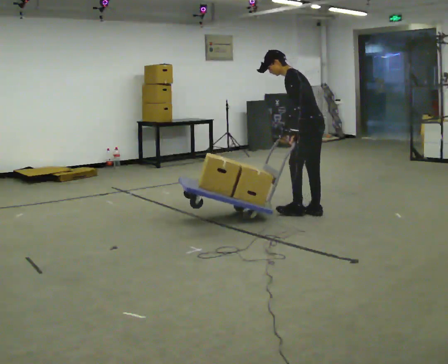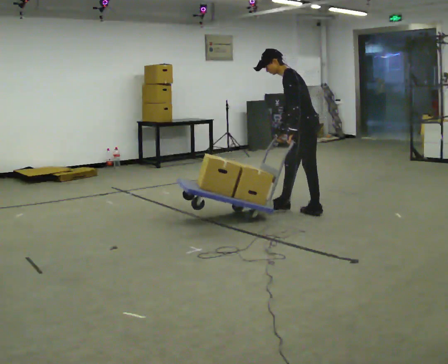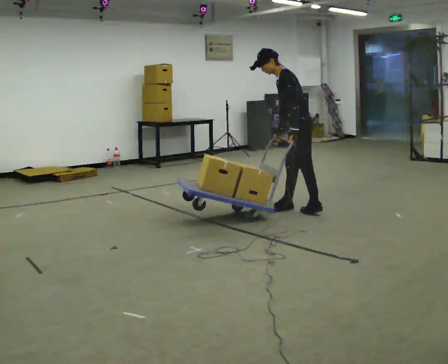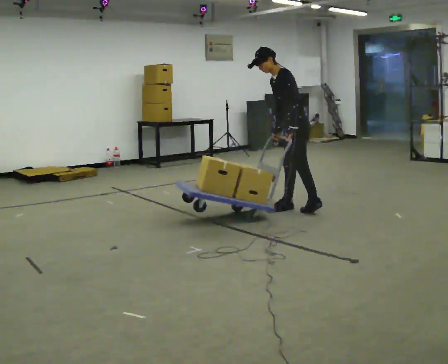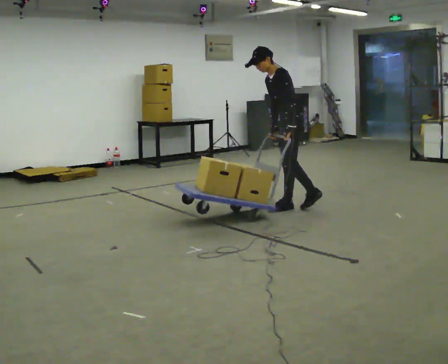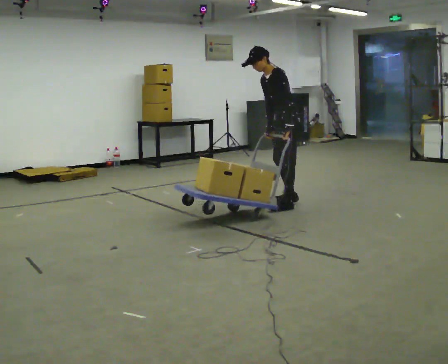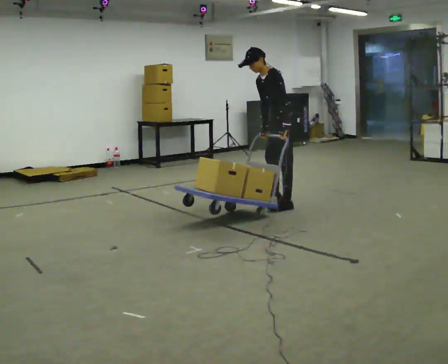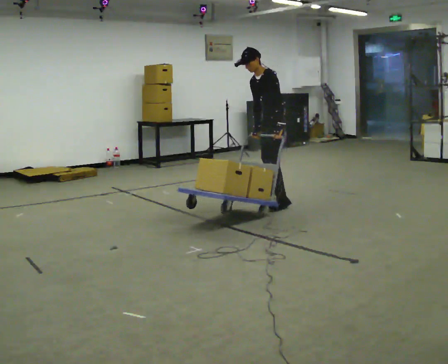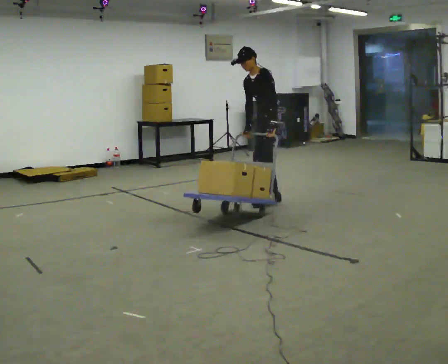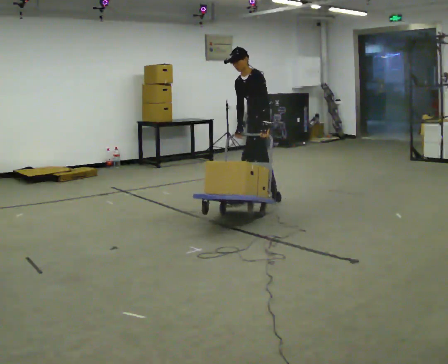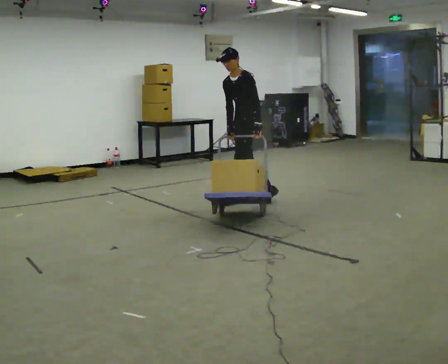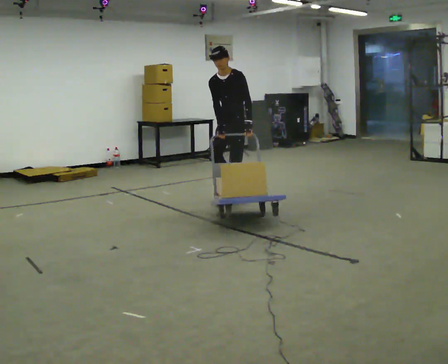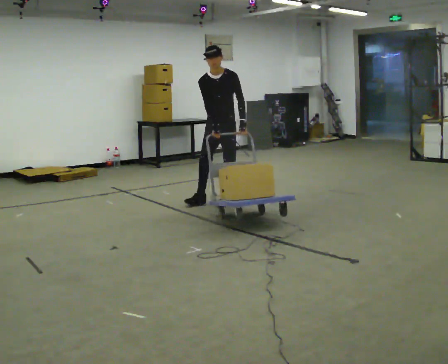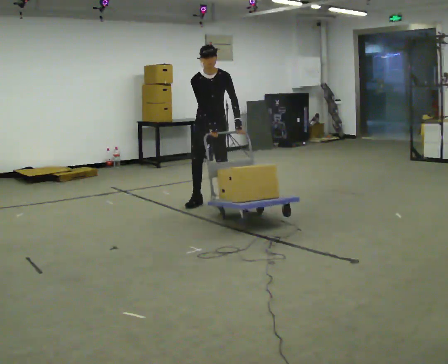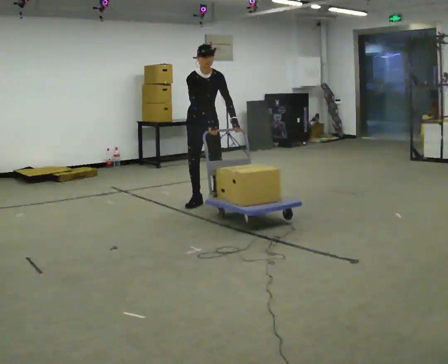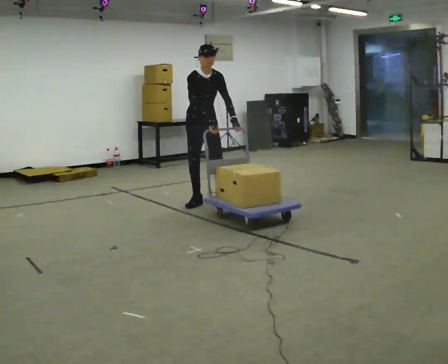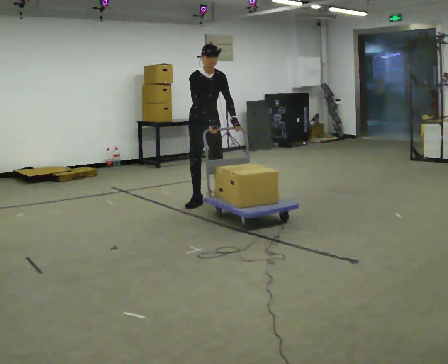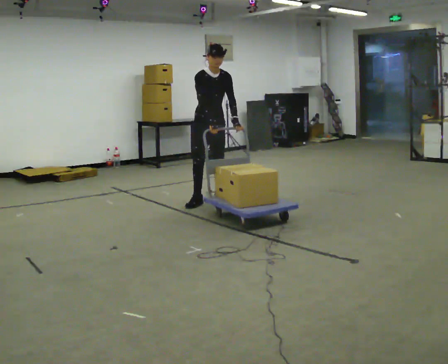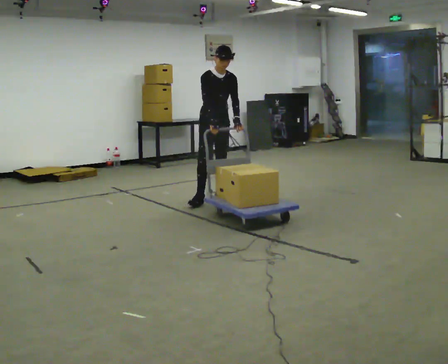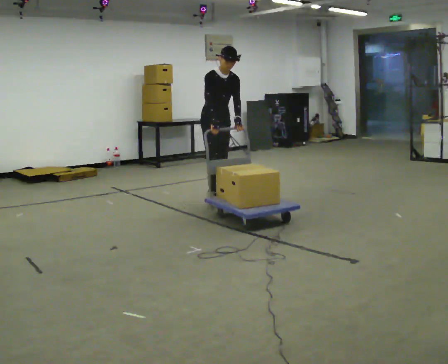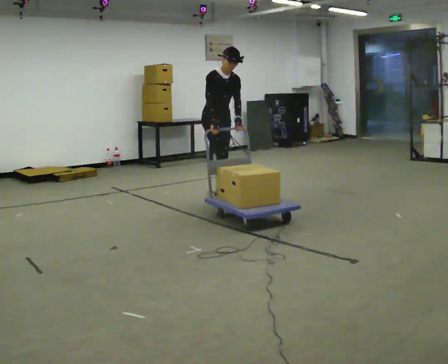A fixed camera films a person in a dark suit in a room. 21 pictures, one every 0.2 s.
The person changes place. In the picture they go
to the left.
The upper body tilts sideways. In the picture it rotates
clockwise.
0.0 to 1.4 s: The part of the body nearest the lens slides to the right as the person turns to their left by about 45 degrees. In the picture they go away from the camera and to the left, about 0.5 m in 2 steps, which for them is to their right and forward. The upper body tips toward the camera, its near side rolling downward.
1.4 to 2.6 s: Seen from above the body turns counterclockwise, about 75 degrees: to their left, with its near side sliding to the right. In the picture they go to the left, about 0.5 m in 2 steps. In the picture the upper body tilts clockwise, shoulders to the right.
2.6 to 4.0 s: Seen from above the body turns counterclockwise, about 45 degrees: to their left, with its near side sliding to the right. In the picture the upper body tilts clockwise, shoulders to the right.
The film runs forward here.
